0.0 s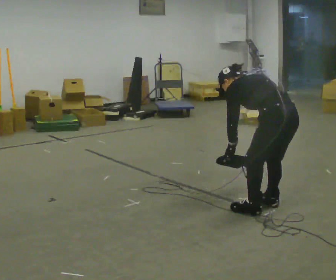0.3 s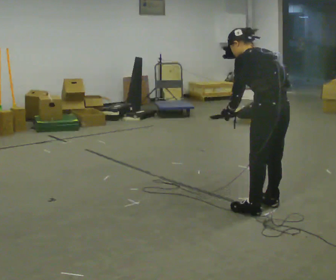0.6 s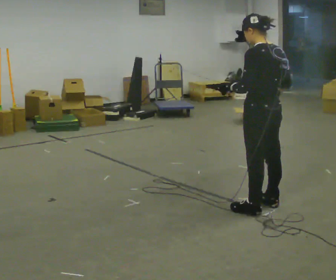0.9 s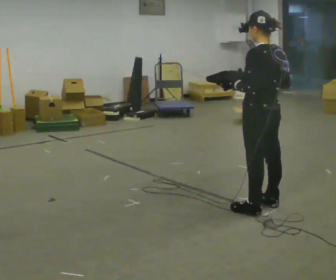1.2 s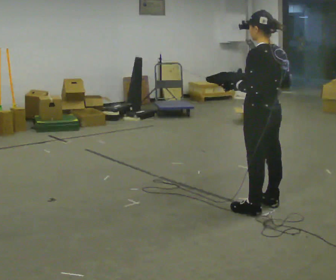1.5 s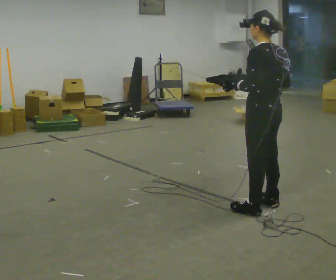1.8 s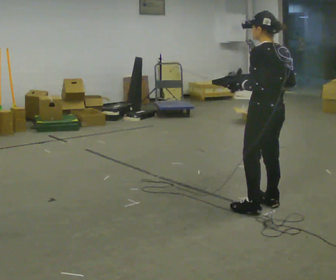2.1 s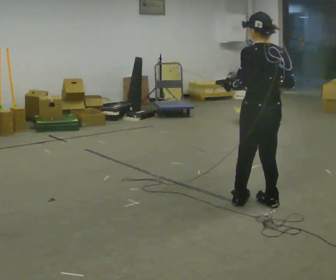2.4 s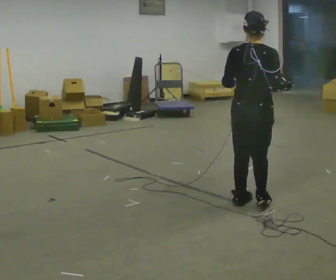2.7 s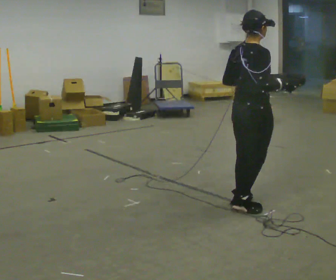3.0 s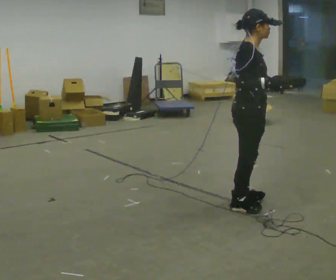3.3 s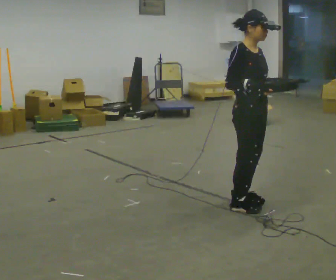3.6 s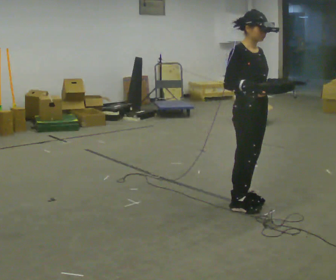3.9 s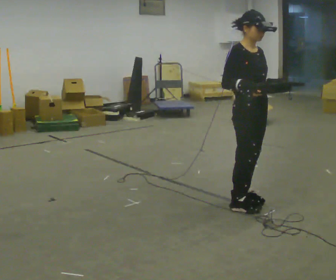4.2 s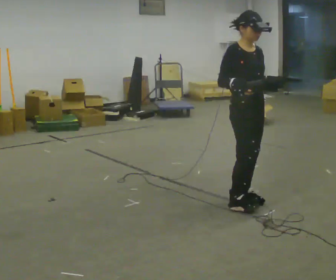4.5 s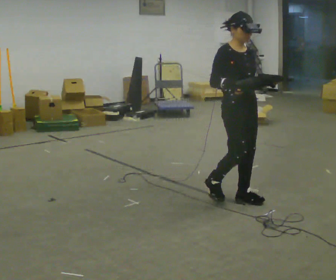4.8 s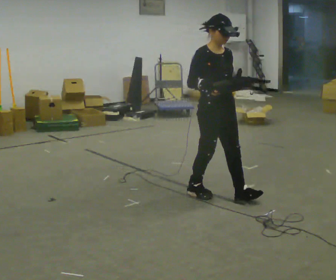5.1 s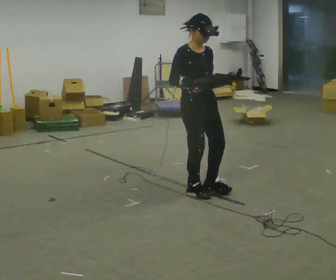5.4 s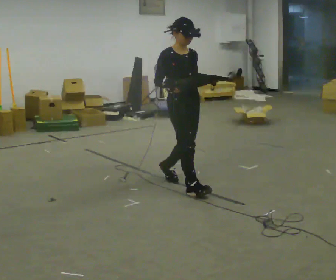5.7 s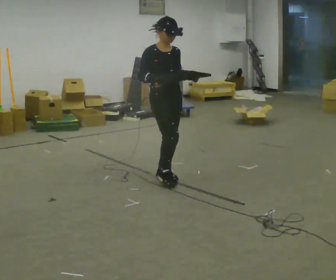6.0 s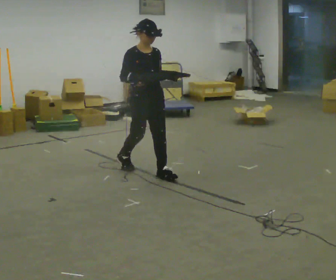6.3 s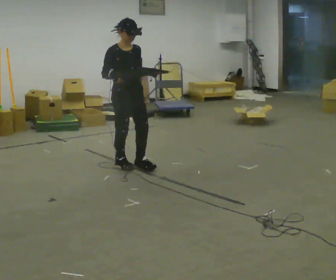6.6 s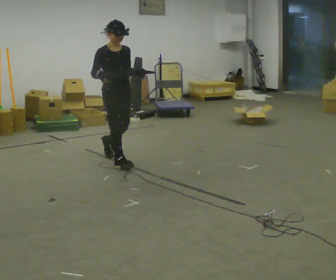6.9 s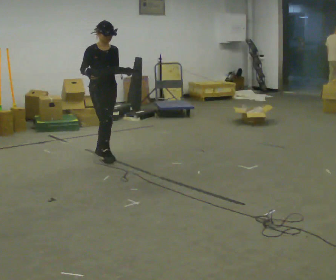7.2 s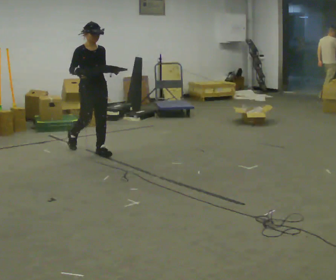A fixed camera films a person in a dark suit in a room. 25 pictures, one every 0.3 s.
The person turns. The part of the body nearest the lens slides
to the left.
The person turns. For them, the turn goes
to their right.
0.0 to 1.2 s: The upper body goes upward. The upper body tips toward the camera, its near side rolling downward, as they lean back or straighten. In the picture their left hand goes upward.
1.2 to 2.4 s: The person turns about 60 degrees to their right, clockwise seen from above, so the part of the body nearest the lens slides to the left.
2.4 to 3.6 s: The part of the body nearest the lens slides to the left as the person turns to their right by about 120 degrees. In the picture their right hand goes to the left.
3.6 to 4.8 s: In the picture they go away from the camera and to the left, about 0.25 m in 1 step, which for them is backward.
4.8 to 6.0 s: In the picture they go away from the camera and to the left, about 1 m in 2 steps, which for them is backward.
6.0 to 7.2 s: In the picture they go away from the camera and to the left, about 1 m in 2 steps, which for them is backward.
The film runs backward here.
